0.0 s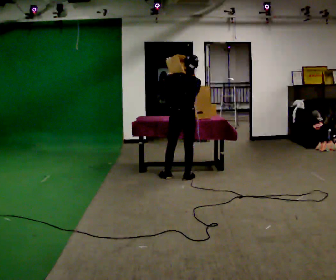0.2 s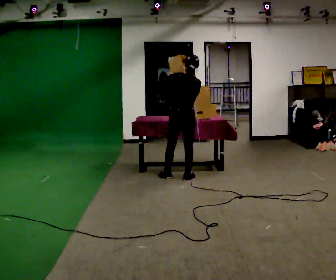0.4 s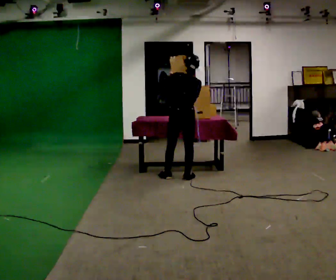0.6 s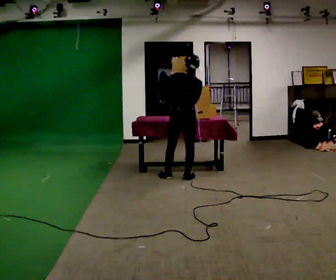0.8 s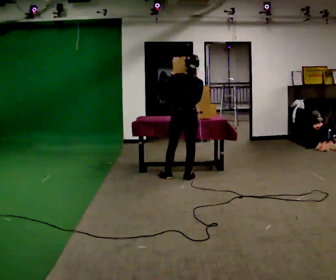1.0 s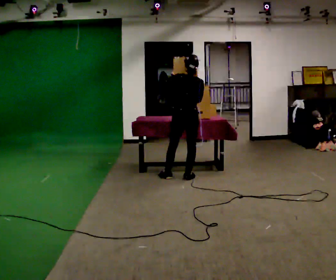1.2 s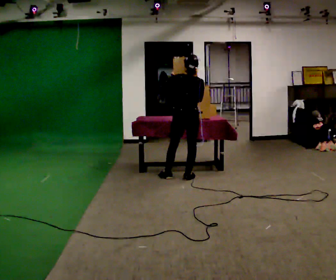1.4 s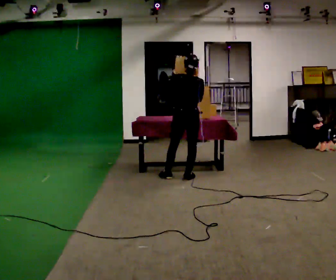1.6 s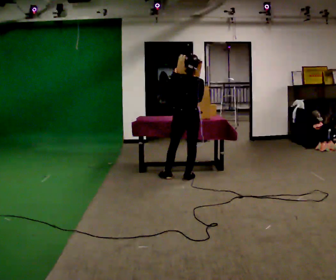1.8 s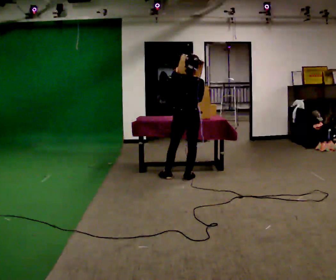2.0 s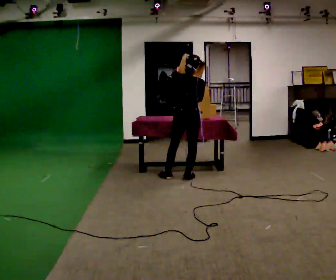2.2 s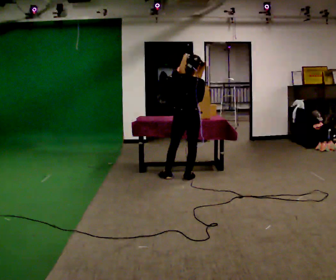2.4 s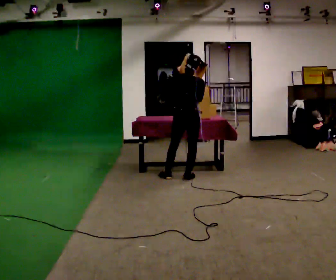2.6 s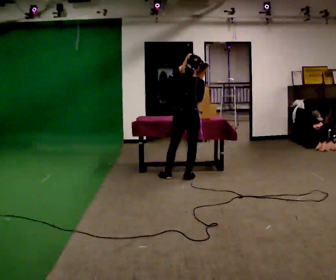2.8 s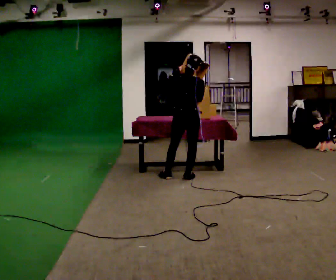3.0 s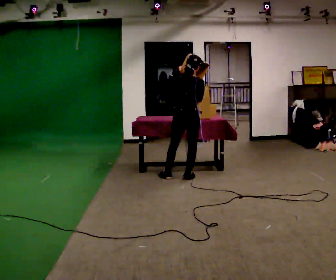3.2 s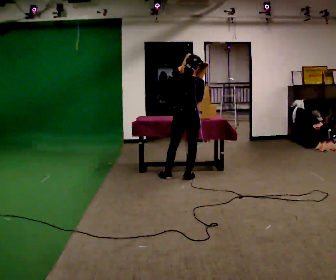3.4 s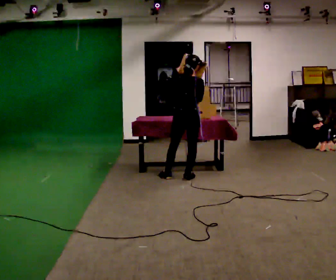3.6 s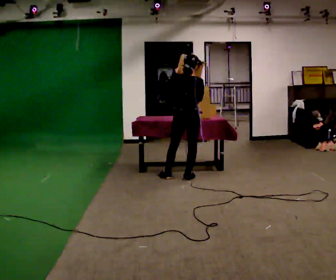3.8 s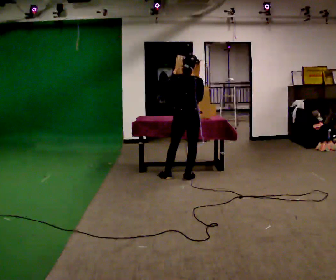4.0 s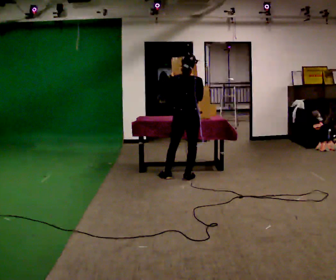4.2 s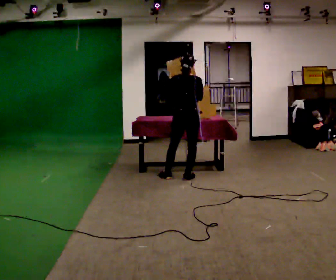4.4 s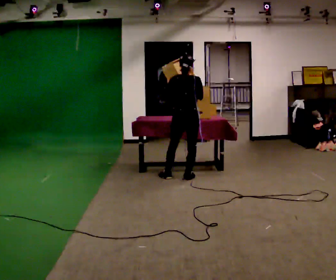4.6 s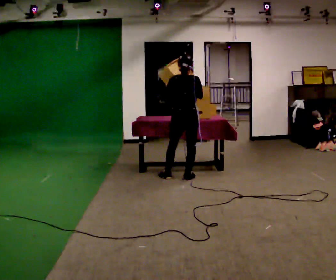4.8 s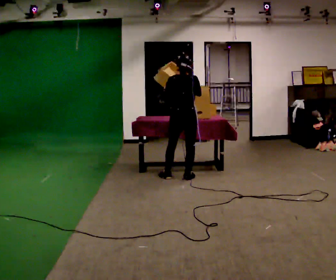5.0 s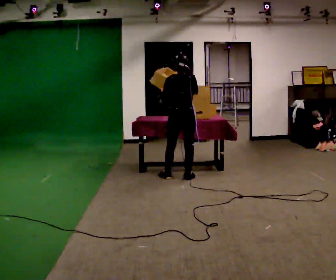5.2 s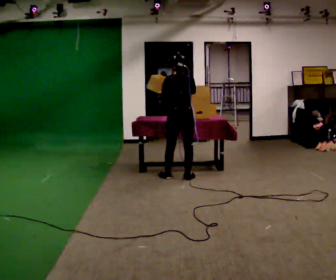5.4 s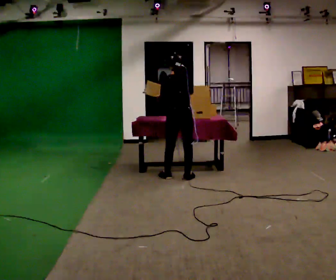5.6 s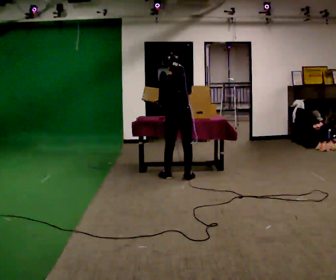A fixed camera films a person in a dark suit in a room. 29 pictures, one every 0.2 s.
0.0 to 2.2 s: The person moves a little, or ends about where they began.
2.2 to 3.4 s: The person keeps their place and pose.
3.4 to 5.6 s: In the picture their left hand goes downward.
The film runs forward here.
